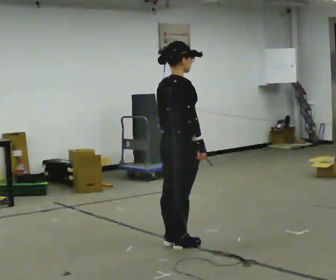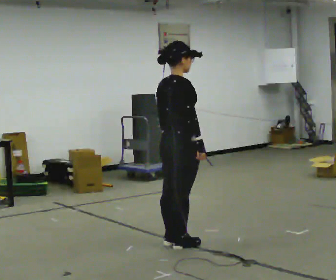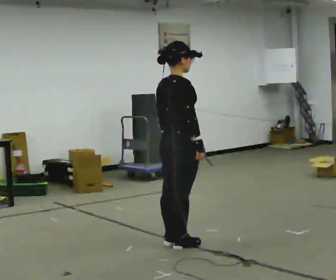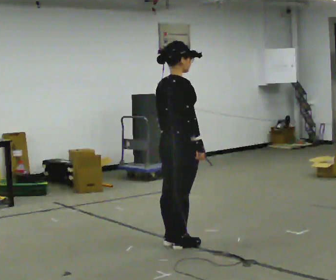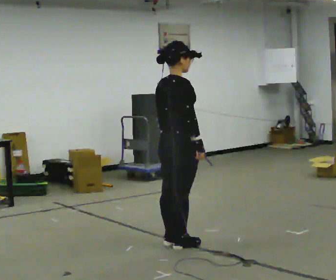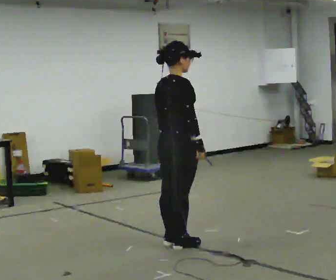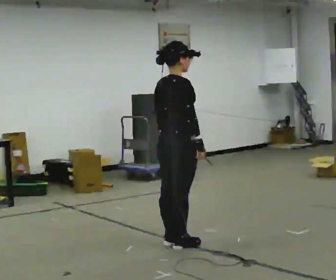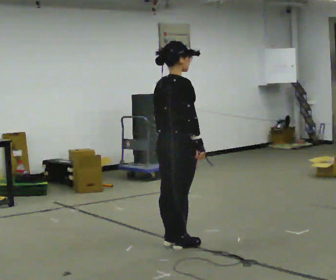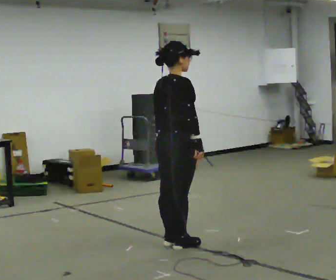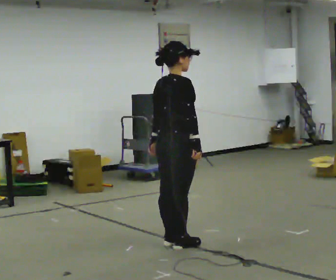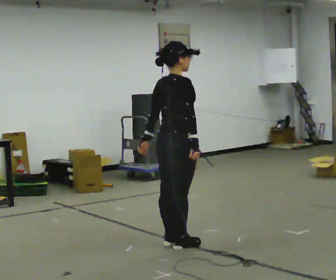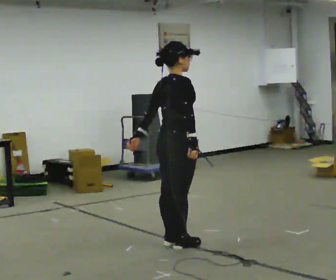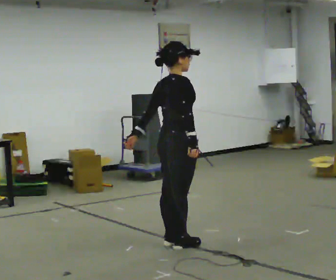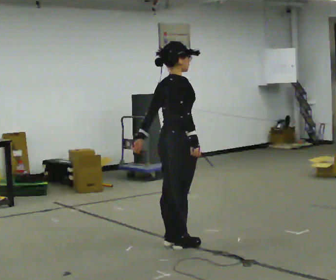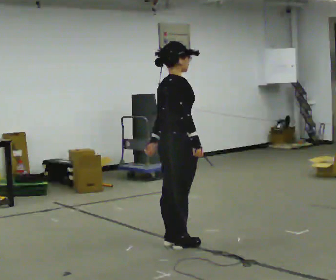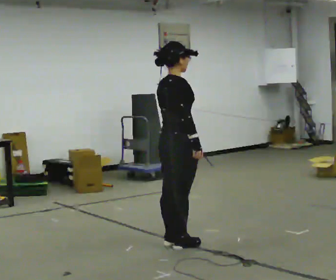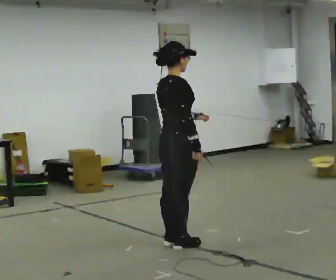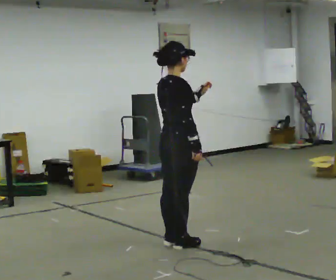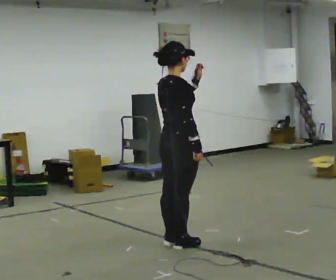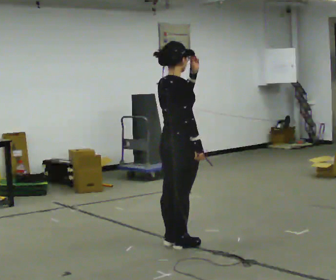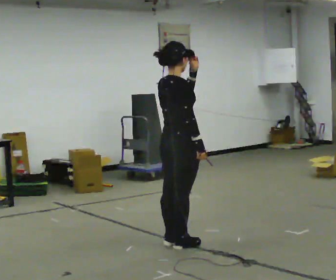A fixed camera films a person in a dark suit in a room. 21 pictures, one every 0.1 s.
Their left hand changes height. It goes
upward.
0.0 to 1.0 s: The person moves a little, or ends about where they began.
1.0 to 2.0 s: In the picture their left hand goes upward and to the right.
The film runs backward here.
